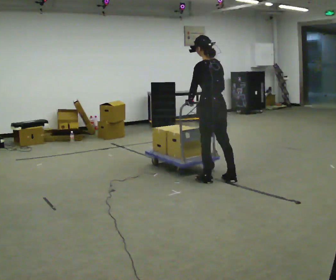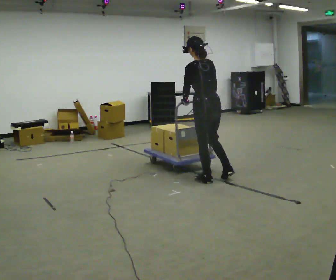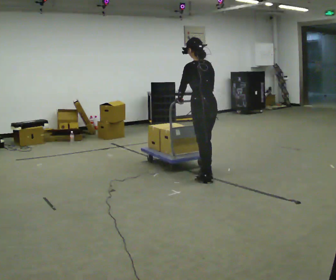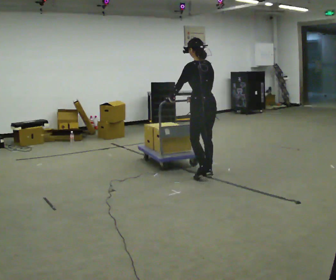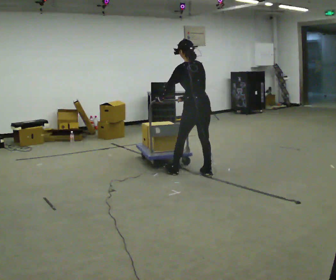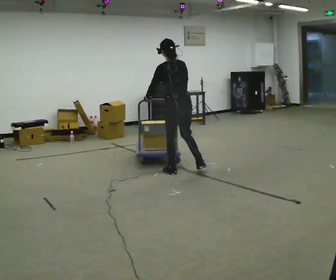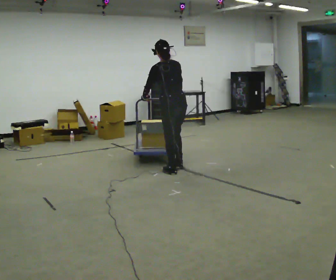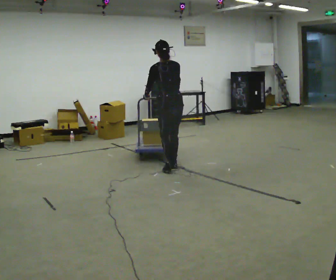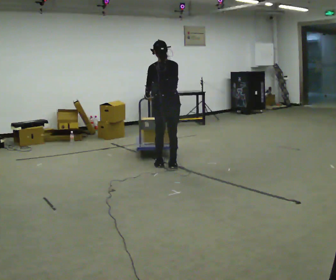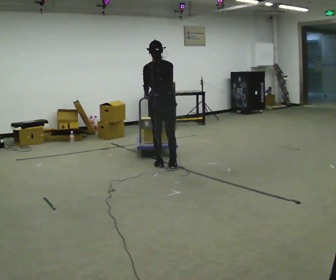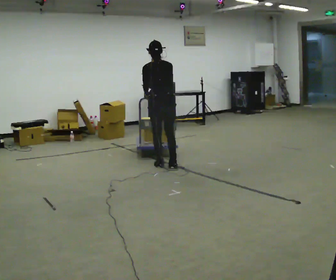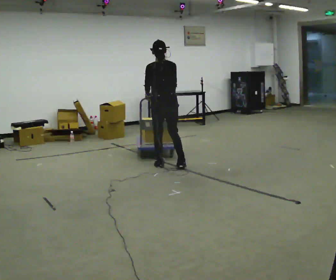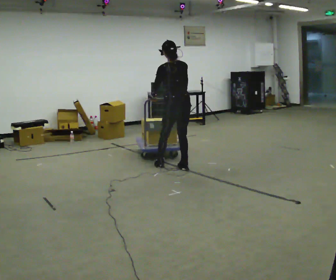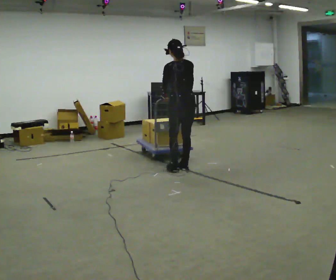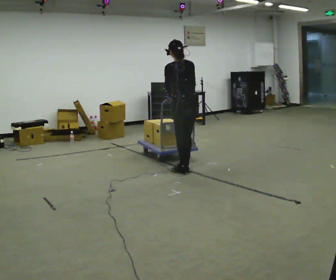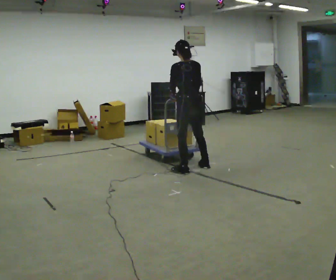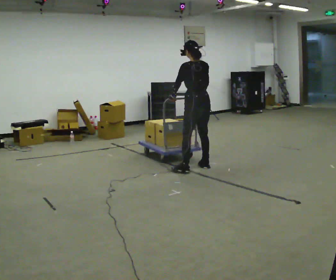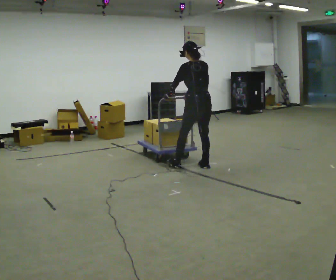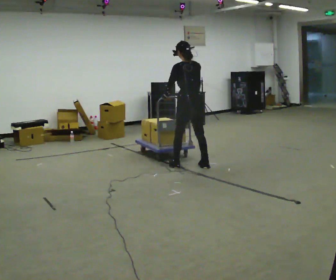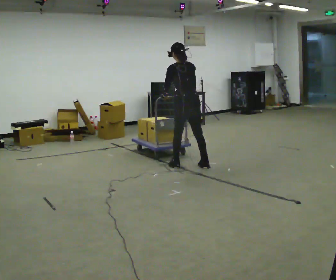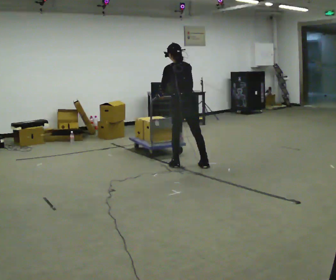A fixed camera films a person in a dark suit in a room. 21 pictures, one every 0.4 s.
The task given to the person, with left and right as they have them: Get the cart into the marked parking space and lined up with the tape. Take as many adjustments as you need. Then take it out again and repeat.
0.0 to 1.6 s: In the picture they go away from the camera, about 0.25 m in 1 step, which for them is forward.
1.6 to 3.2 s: In the picture they go away from the camera and to the left, about 0.5 m in 2 steps, which for them is forward and to their left.
3.2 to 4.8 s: The person moves a little, or ends about where they began.
4.8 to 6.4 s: In the picture they go to the right, about 0.25 m in 2 steps, which for them is to their right.
6.4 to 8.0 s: In the picture they go to the left, about 0.25 m in 1 step, which for them is to their left and forward. The upper body tips away from the camera, its near side rolling upward, as they bend forward.
The film runs forward here.
